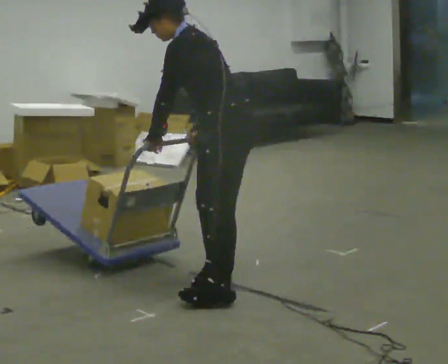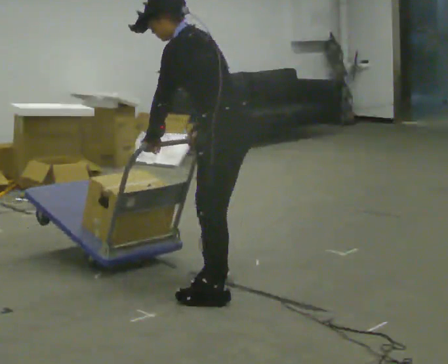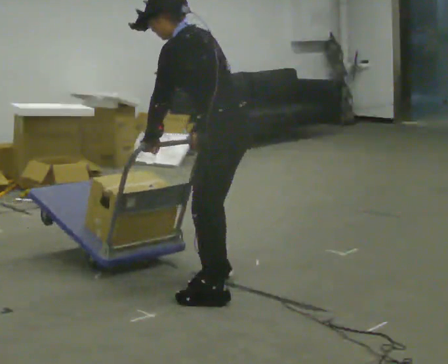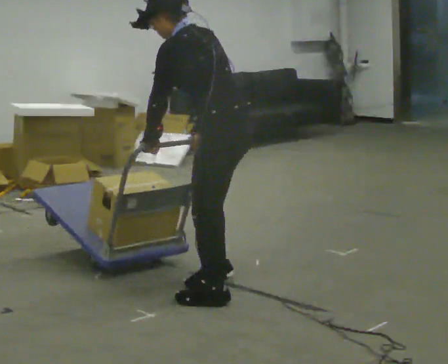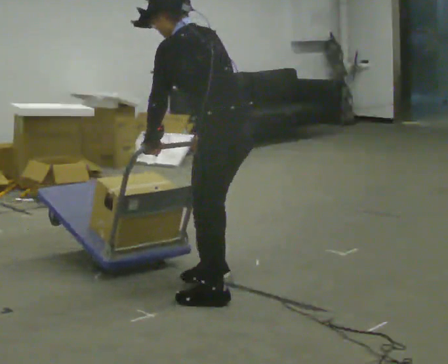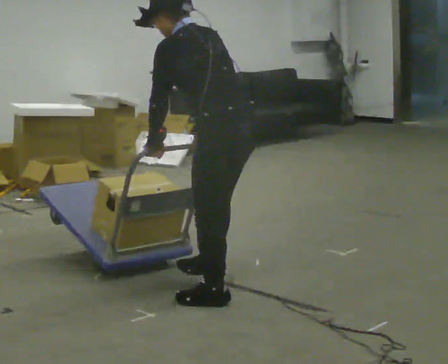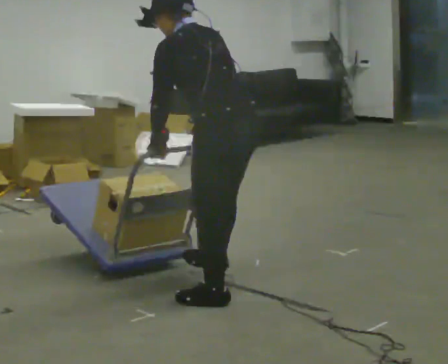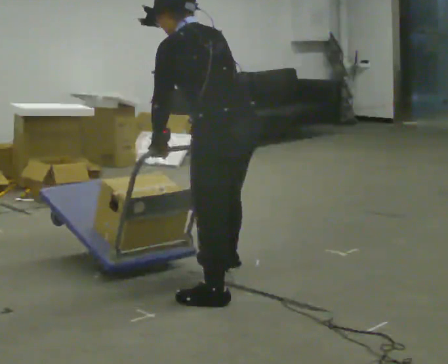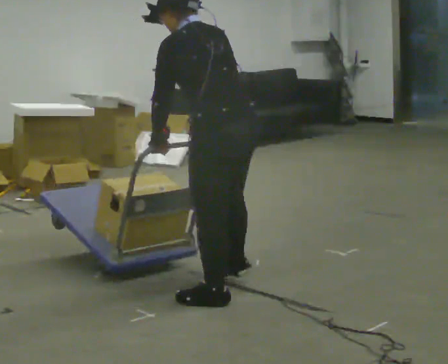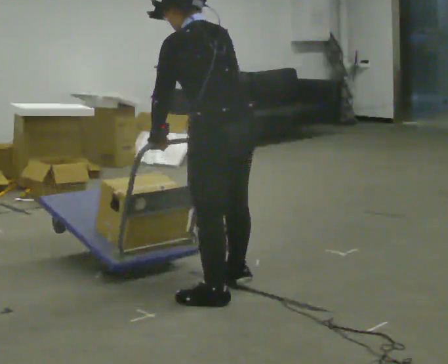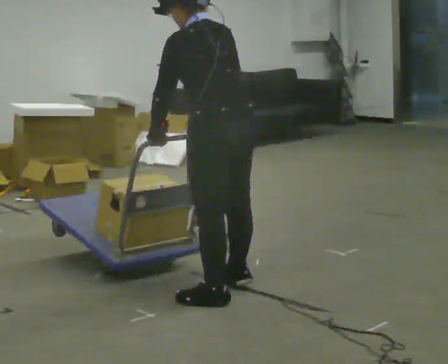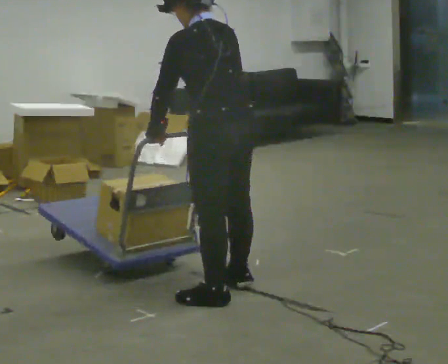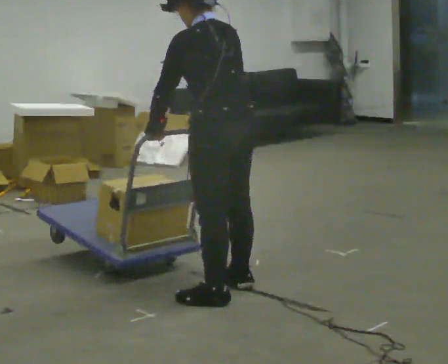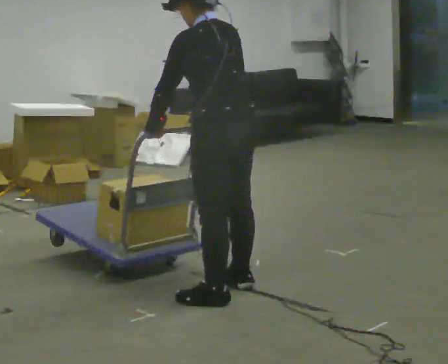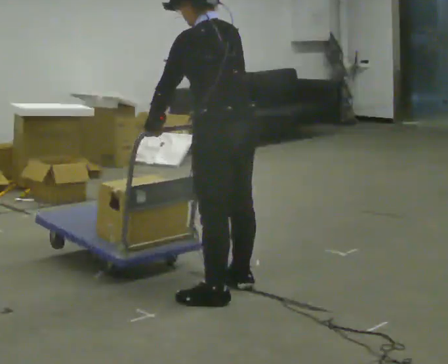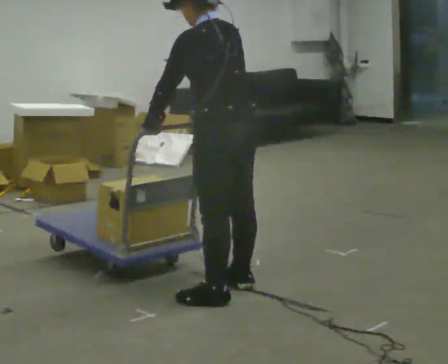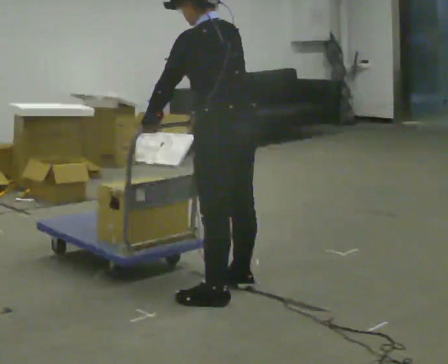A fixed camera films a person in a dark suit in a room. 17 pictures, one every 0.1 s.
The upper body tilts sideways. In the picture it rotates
clockwise.
0.0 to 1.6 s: The person turns about 45 degrees to their right, clockwise seen from above, so the part of the body nearest the lens slides to the left. In the picture the upper body tilts clockwise, shoulders to the right, as they lean back or straighten.
The film runs forward here.
